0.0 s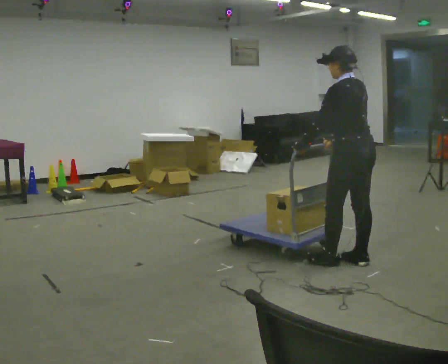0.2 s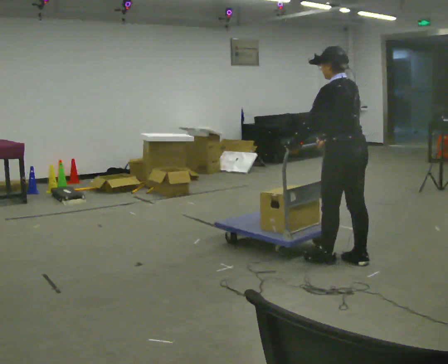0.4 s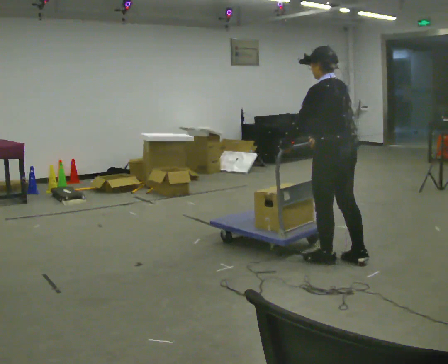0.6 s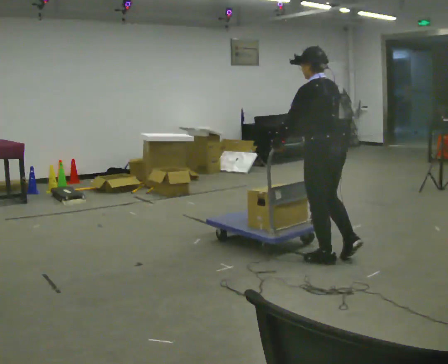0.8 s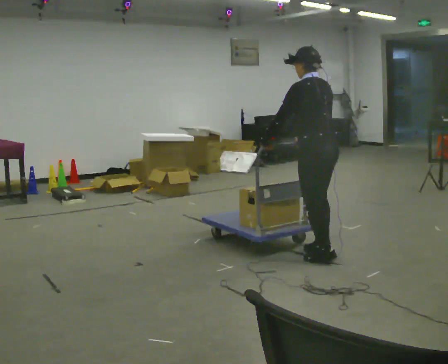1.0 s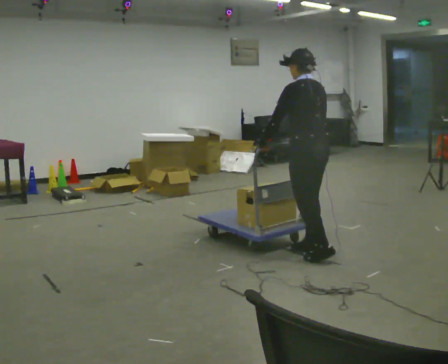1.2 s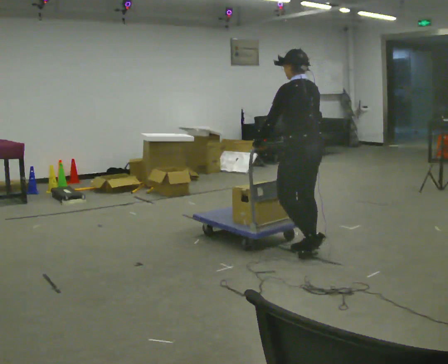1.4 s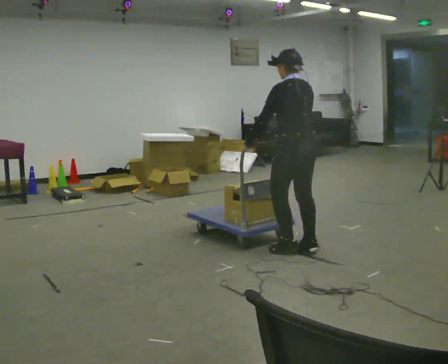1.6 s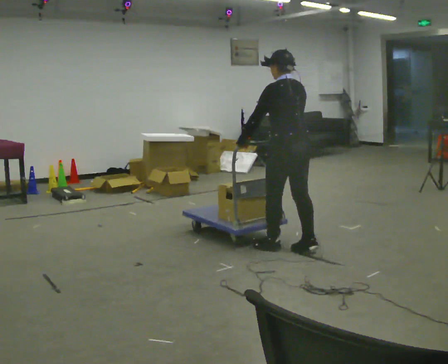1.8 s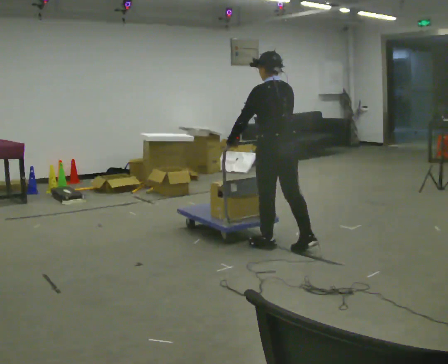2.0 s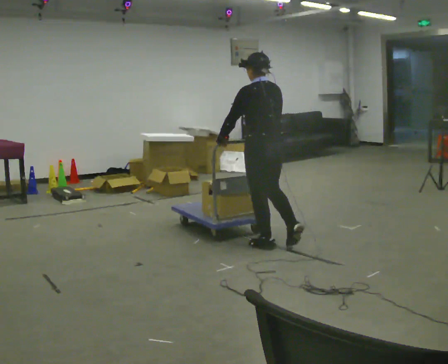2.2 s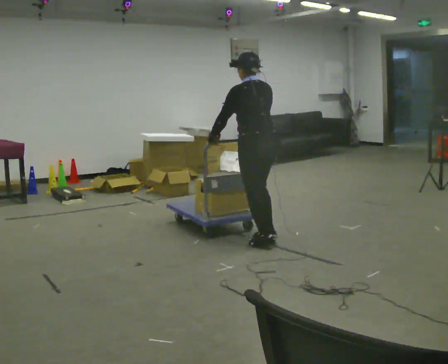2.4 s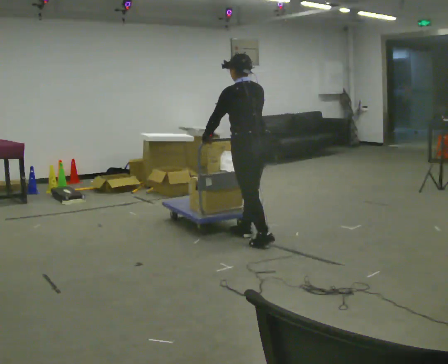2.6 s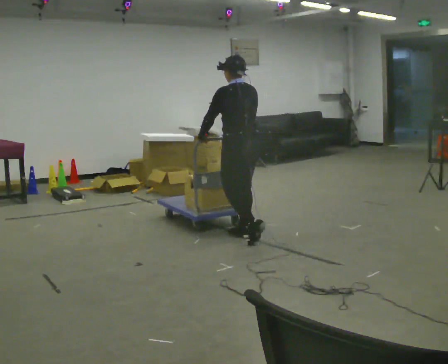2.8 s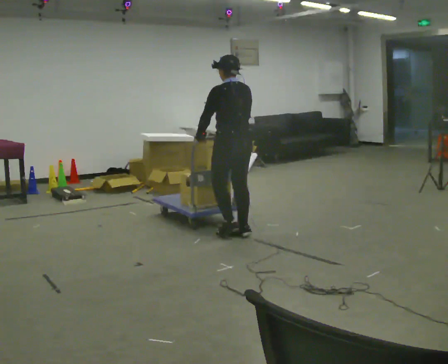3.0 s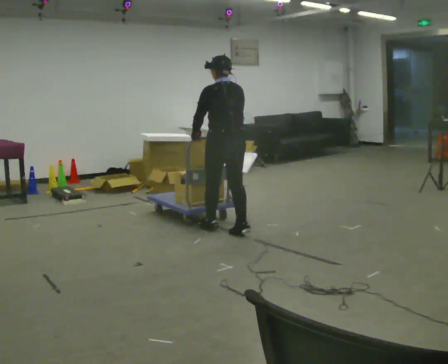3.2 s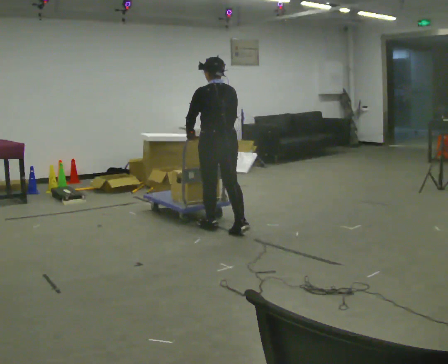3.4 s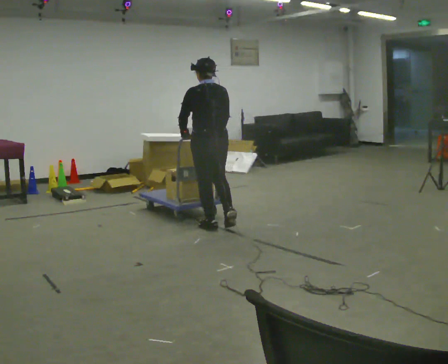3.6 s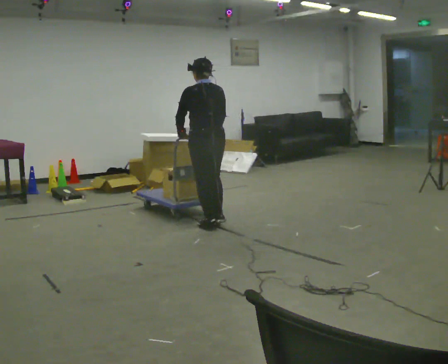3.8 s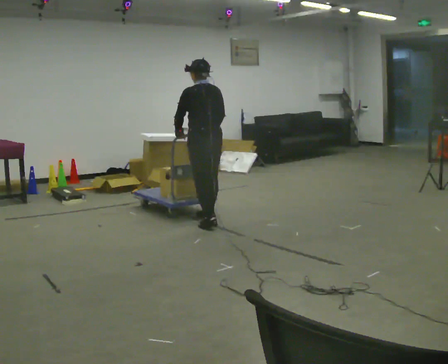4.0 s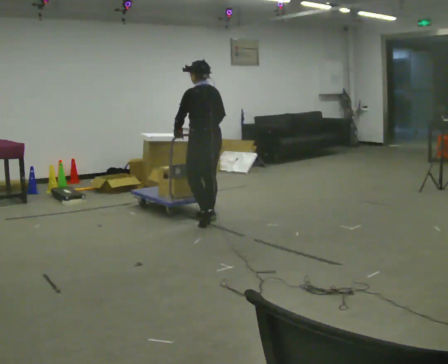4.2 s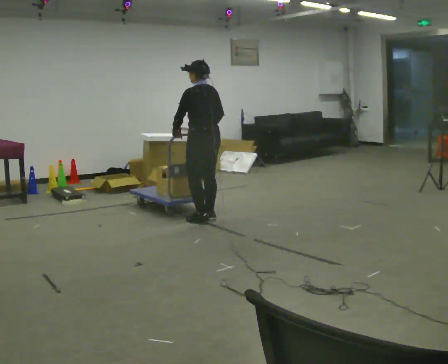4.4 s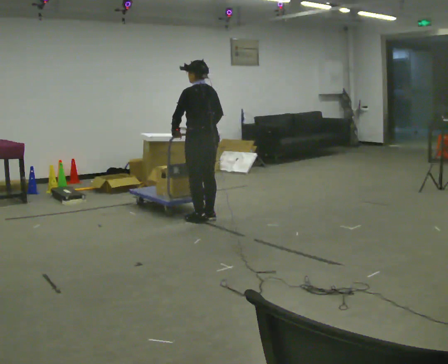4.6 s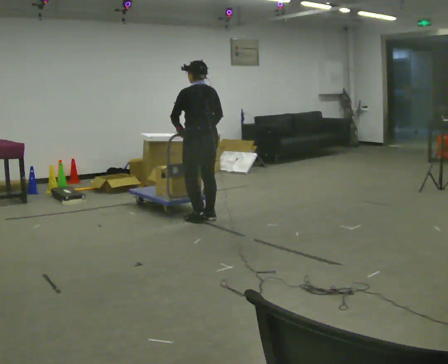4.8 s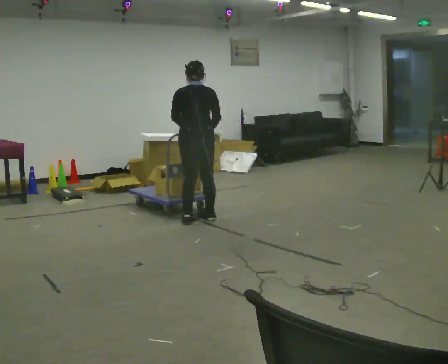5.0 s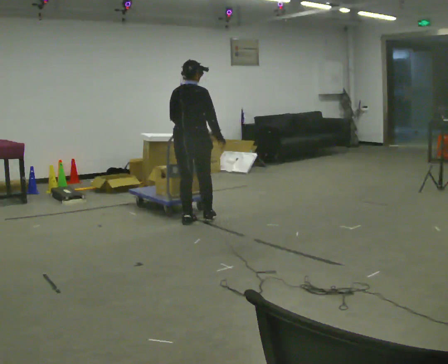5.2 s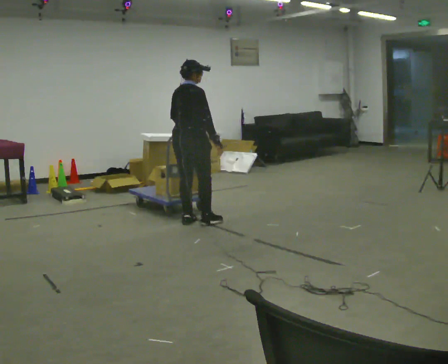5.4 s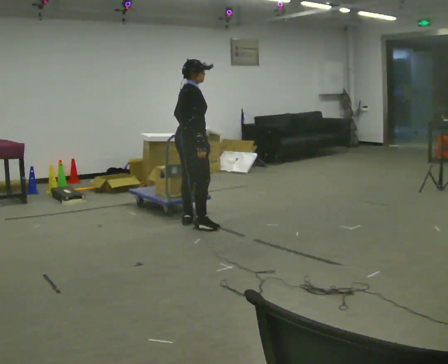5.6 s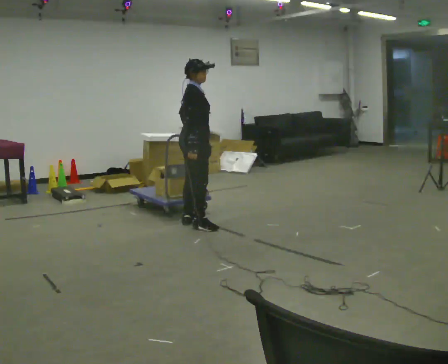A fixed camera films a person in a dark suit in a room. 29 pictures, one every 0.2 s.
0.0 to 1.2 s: In the picture they go to the left and away from the camera, about 0.5 m in 2 steps, which for them is forward.
1.2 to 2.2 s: In the picture they go to the left and away from the camera, about 0.5 m in 1 step, which for them is forward.
2.2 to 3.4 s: In the picture they go away from the camera and to the left, about 0.75 m in 2 steps, which for them is forward.
3.4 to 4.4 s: In the picture they go away from the camera, about 0.25 m in 2 steps, which for them is forward.
4.4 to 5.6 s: Seen from above the body turns clockwise, about 120 degrees: to their right, with its near side sliding to the left. In the picture they go toward the camera, about 0.25 m in 2 steps.
The film runs forward here.
